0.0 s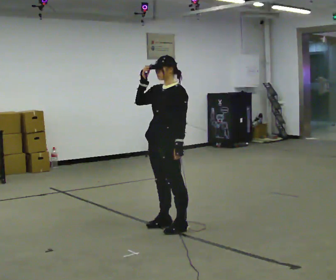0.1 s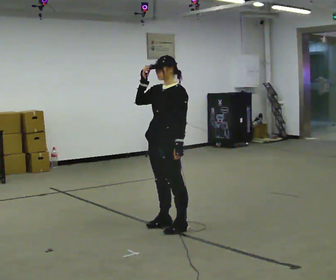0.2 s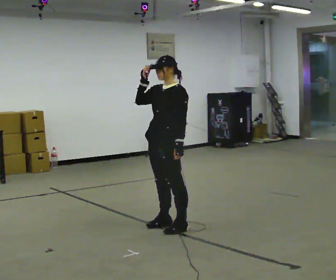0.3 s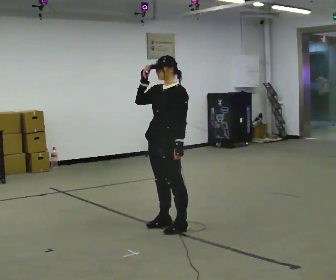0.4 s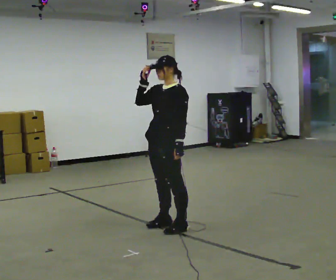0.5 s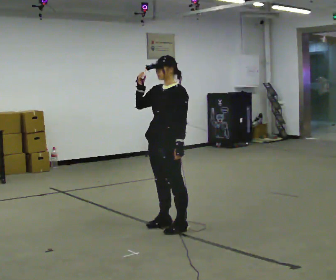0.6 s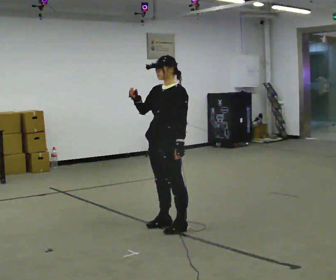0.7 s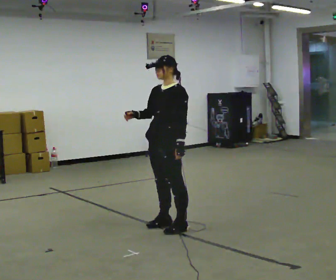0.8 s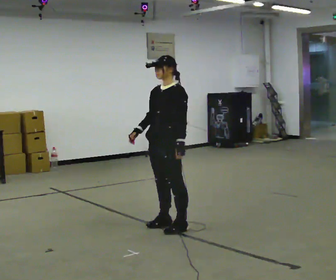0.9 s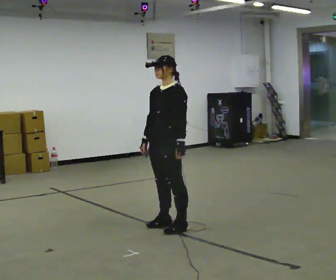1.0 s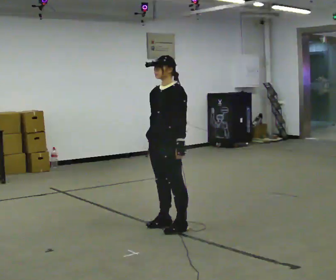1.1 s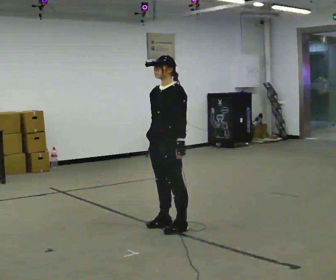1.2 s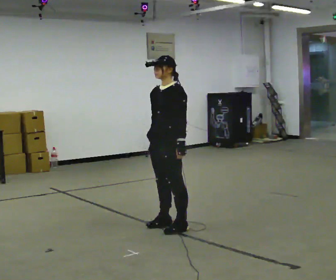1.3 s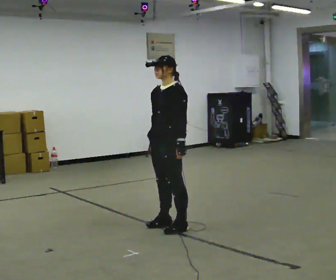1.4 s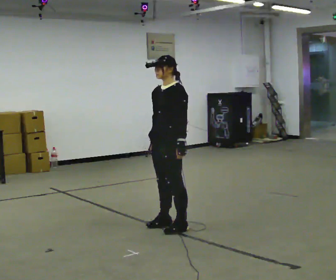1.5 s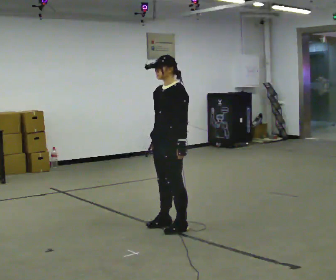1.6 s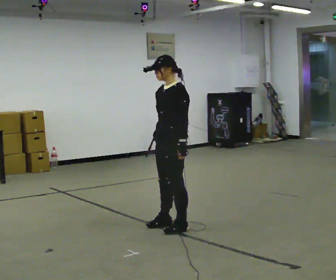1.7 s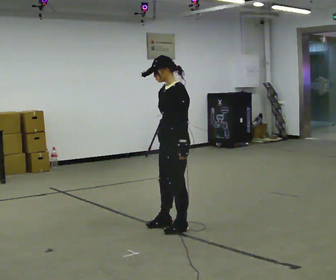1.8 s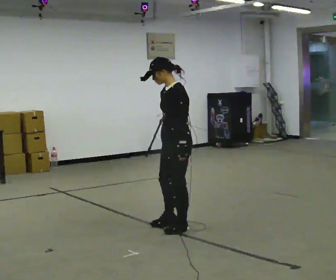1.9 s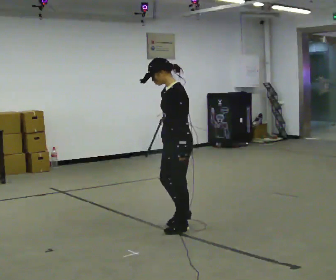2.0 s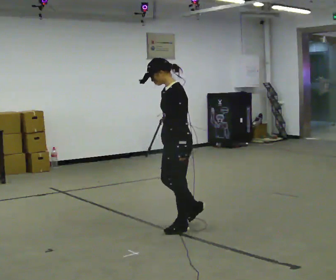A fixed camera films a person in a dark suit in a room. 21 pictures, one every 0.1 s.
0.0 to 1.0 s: In the picture their right hand goes downward.
1.0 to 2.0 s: Seen from above the body turns clockwise, about 30 degrees: to their right, with its near side sliding to the left.
The film runs forward here.
